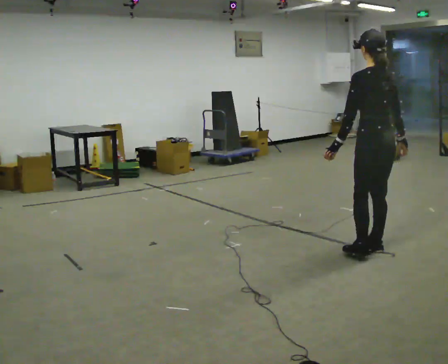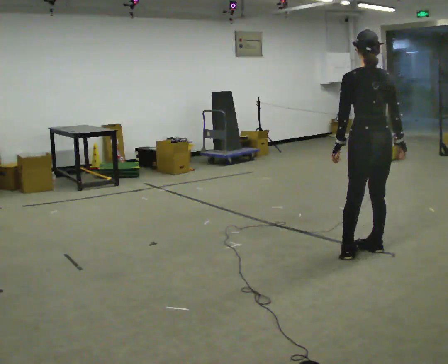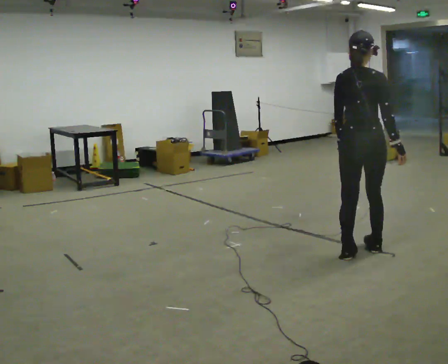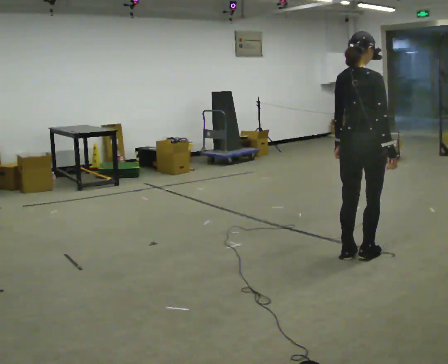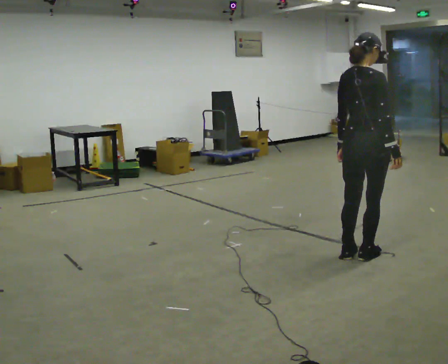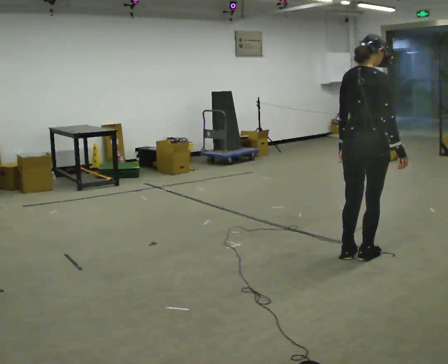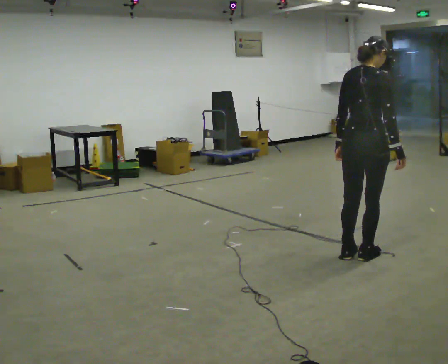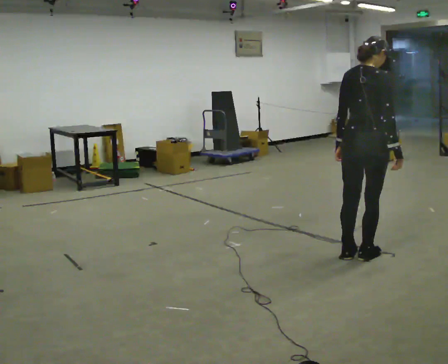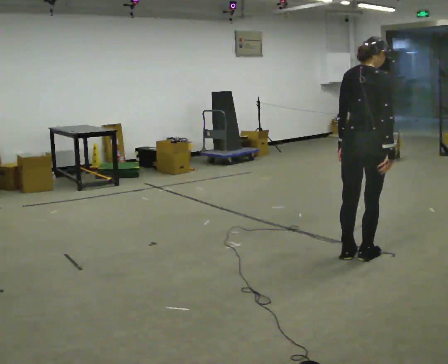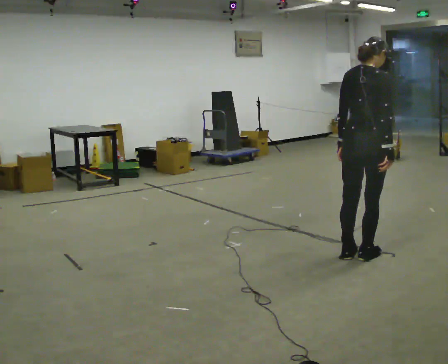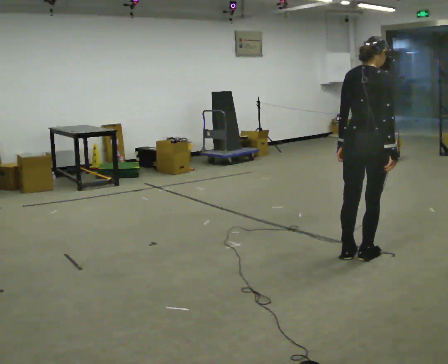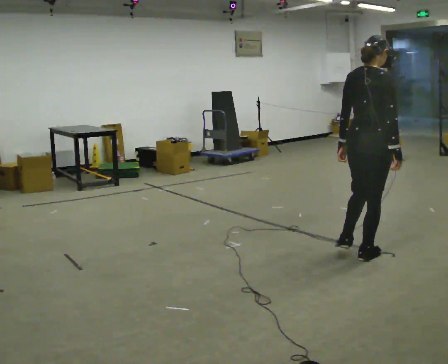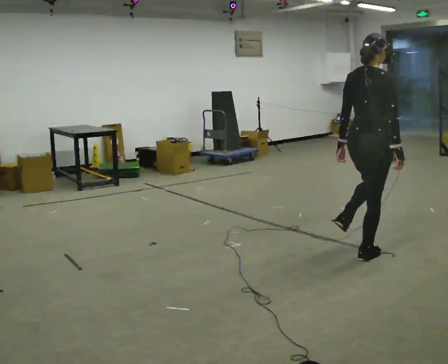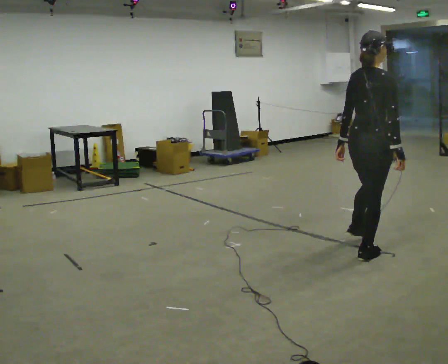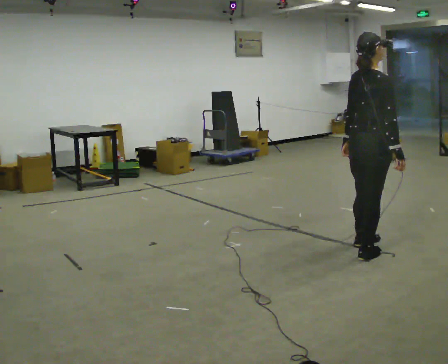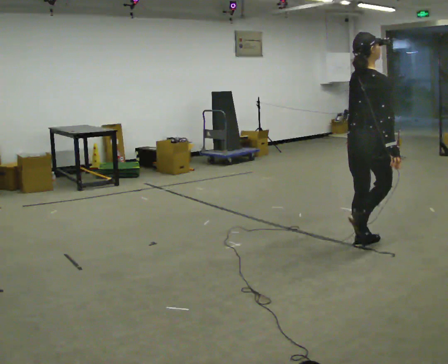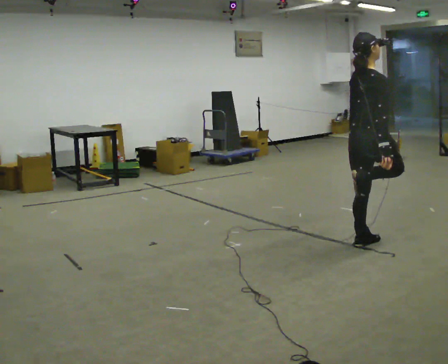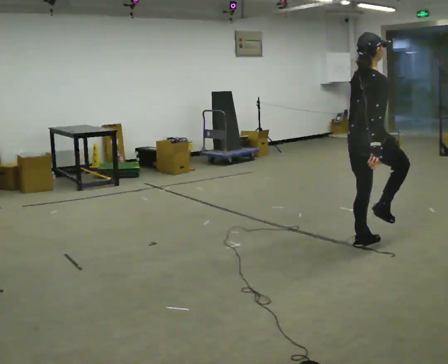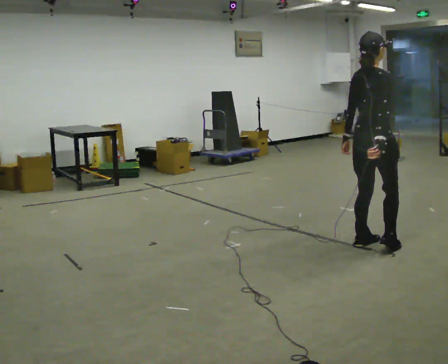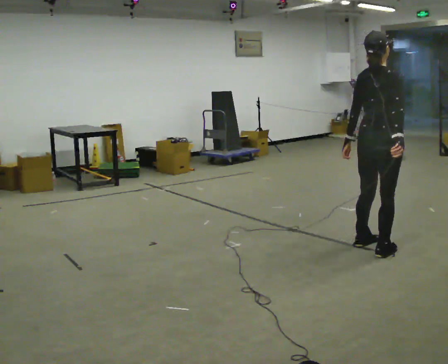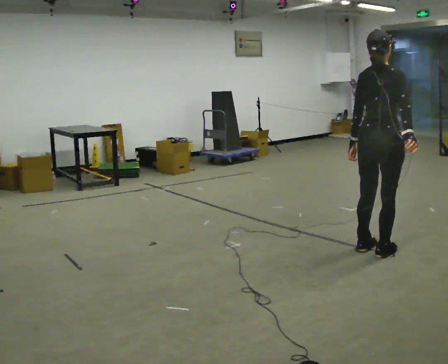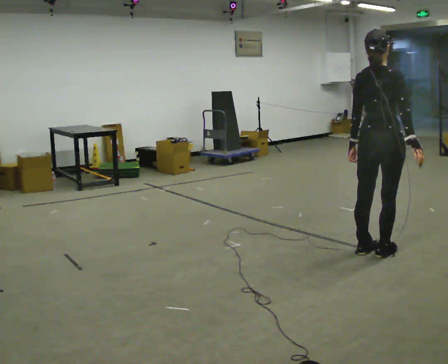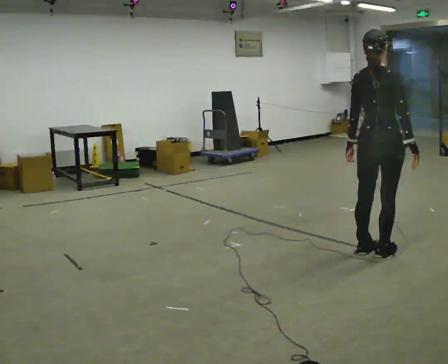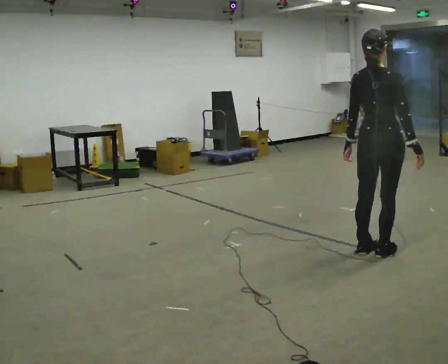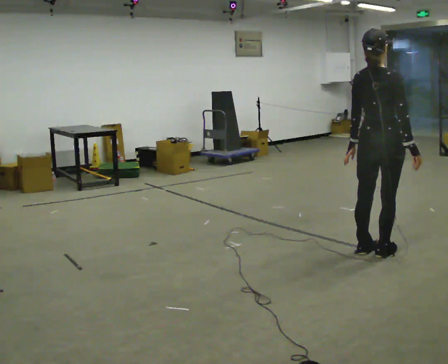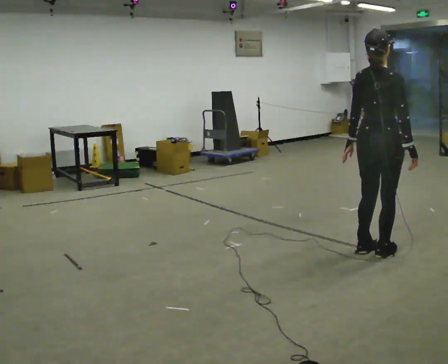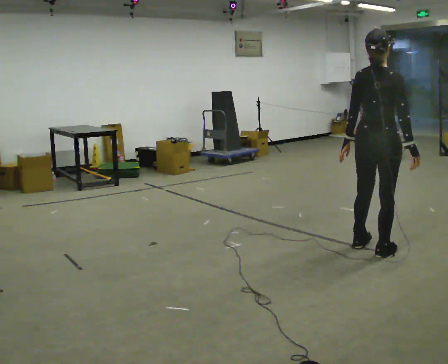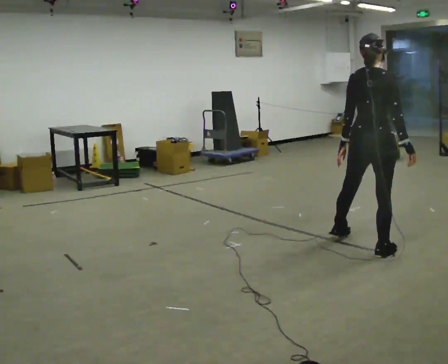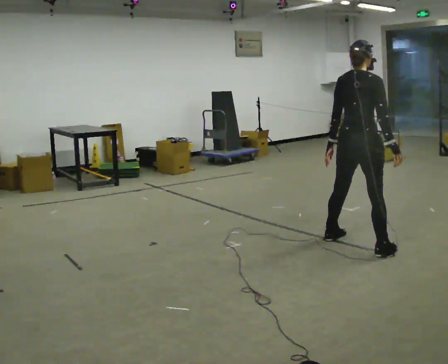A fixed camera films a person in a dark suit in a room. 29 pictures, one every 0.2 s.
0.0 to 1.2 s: The part of the body nearest the lens slides to the left as the person turns to their right by about 60 degrees.
1.2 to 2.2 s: The person moves a little, or ends about where they began.
2.2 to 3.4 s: The part of the body nearest the lens slides to the left as the person turns to their right by about 30 degrees. In the picture they go away from the camera, about 0.25 m in 1 step, which for them is to their left and forward.
3.4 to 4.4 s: The part of the body nearest the lens slides to the right as the person turns to their left by about 30 degrees. In the picture they go toward the camera, about 0.25 m in 1 step, which for them is to their right.
4.4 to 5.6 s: In the picture they go to the left and away from the camera, about 0.25 m in 1 step, which for them is to their left.
The film runs forward here.
